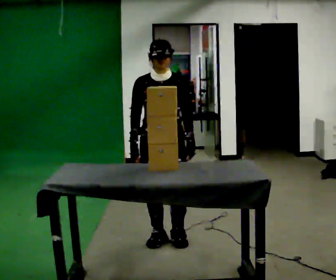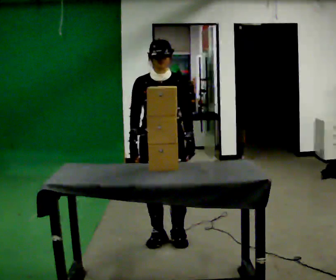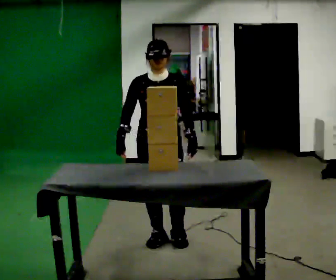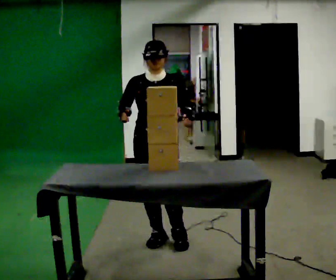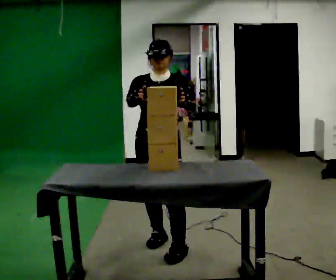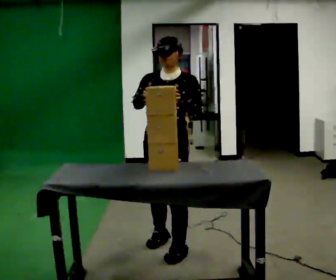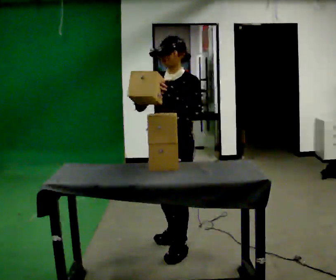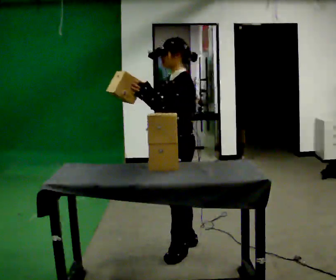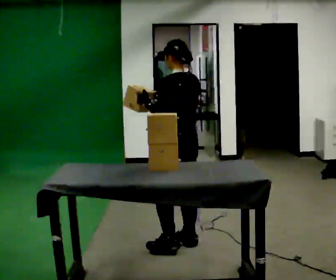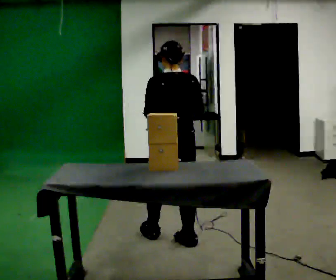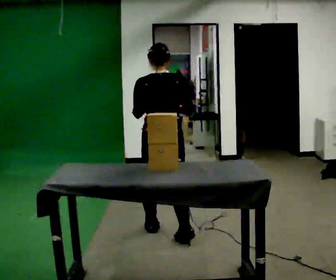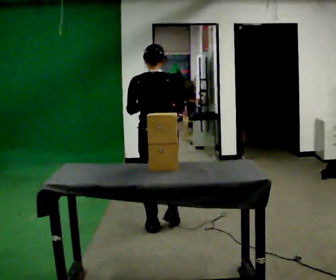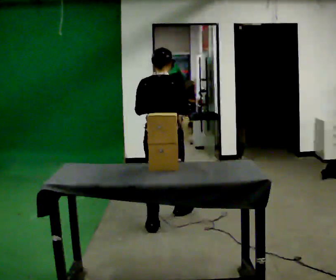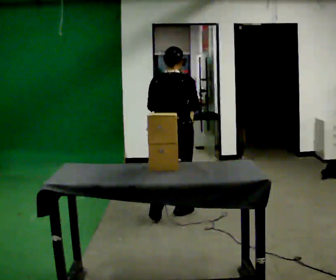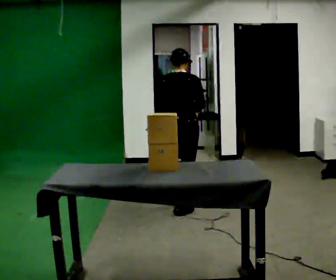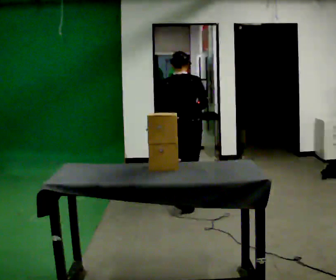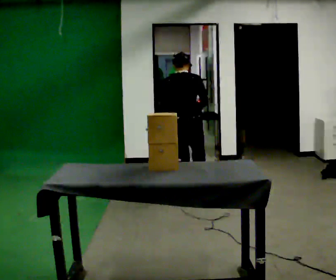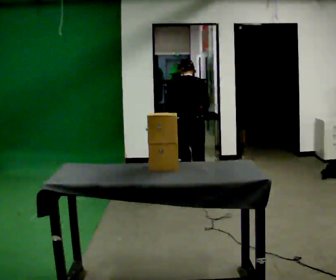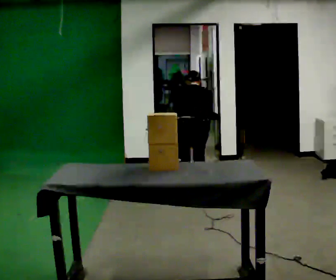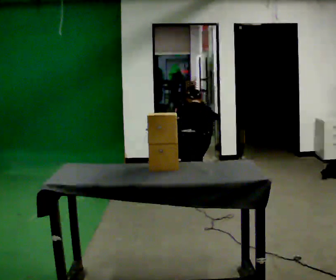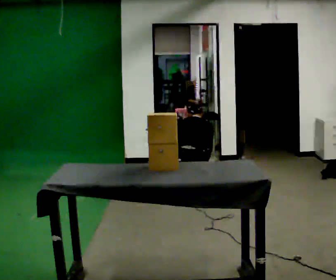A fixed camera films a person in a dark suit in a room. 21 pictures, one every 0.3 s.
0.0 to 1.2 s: In the picture their right hand goes upward.
1.2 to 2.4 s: The part of the body nearest the lens slides to the left as the person turns to their right by about 120 degrees. In the picture they go to the right, about 0.25 m in 1 step.
2.4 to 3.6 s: The part of the body nearest the lens slides to the left as the person turns to their right by about 60 degrees. In the picture they go away from the camera, about 0.5 m in 2 steps.
3.6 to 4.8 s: In the picture they go away from the camera, about 1 m in 1 step, which for them is forward.
4.8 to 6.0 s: In the picture they go away from the camera, about 0.25 m in 1 step, which for them is forward. The shoulders move downward. The upper body tips away from the camera, its near side rolling upward, as they bend forward. In the picture their right hand goes downward.
The film runs forward here.
